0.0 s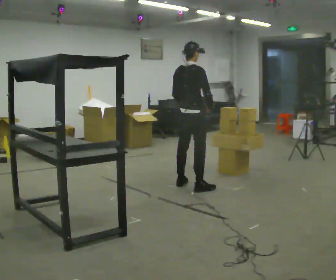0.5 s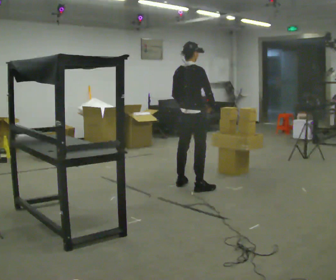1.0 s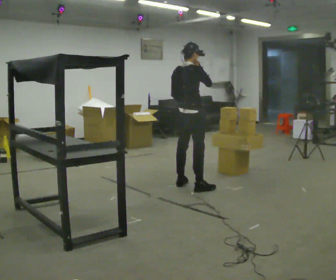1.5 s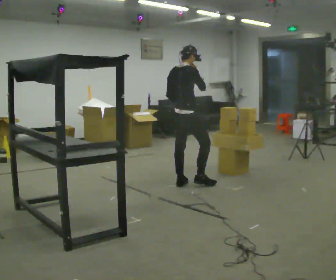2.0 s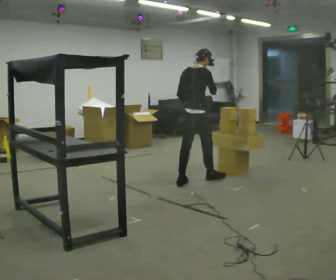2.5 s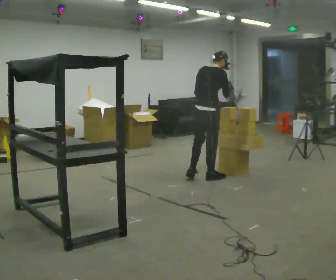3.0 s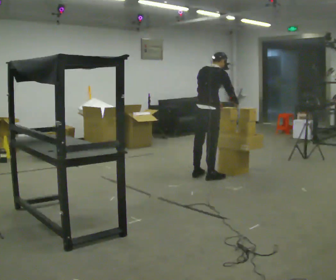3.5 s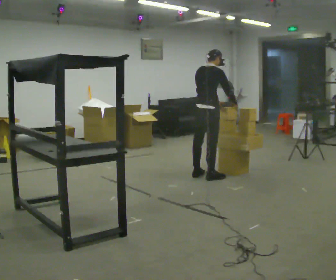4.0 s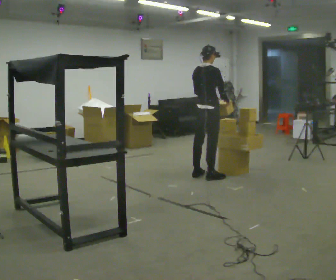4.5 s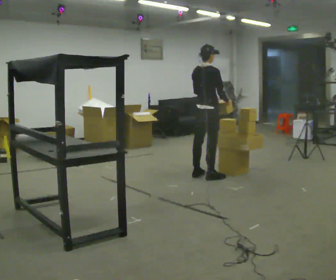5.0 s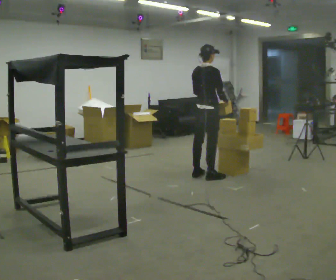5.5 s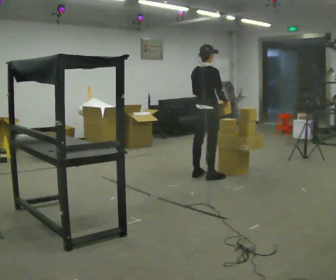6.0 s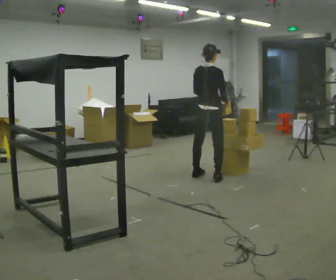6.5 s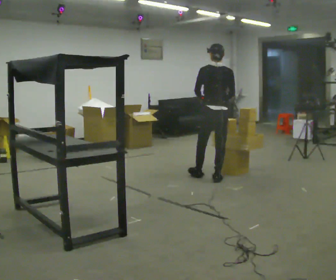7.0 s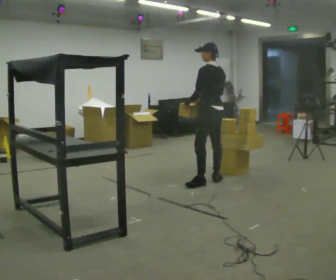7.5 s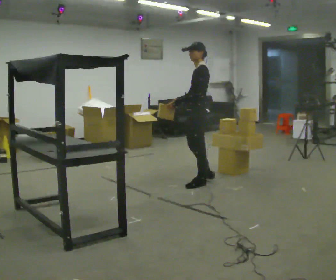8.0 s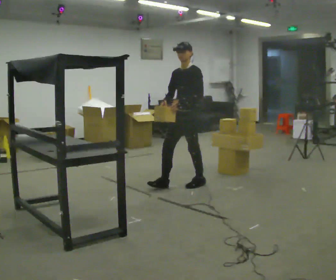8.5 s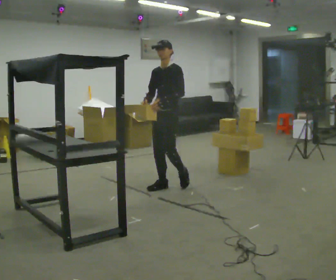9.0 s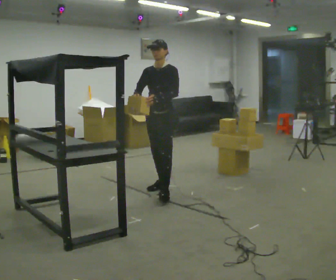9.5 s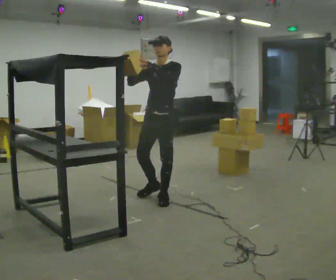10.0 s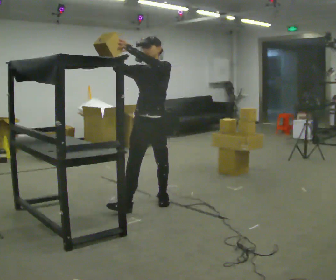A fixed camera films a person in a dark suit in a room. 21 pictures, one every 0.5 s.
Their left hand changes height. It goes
upward.
The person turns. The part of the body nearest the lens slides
to the right.
0.0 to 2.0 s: In the picture they go away from the camera, about 0.25 m in 1 step, which for them is forward. In the picture their right hand goes upward.
2.0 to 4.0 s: In the picture they go away from the camera and to the right, about 0.25 m in 1 step, which for them is forward.
4.0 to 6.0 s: The person moves a little, or ends about where they began.
6.0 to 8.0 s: The part of the body nearest the lens slides to the right as the person turns to their left by about 165 degrees. In the picture they go toward the camera and to the left, about 0.5 m in 2 steps.
8.0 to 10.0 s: In the picture they go toward the camera and to the left, about 1 m in 2 steps, which for them is forward. In the picture their left hand goes upward.
The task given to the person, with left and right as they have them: Carry the object across the room and place it on the shelf just at the top of your comfortable reach. Keep going until the operator says stop; one object at a time, and do not rush between trips.
The film runs forward here.
